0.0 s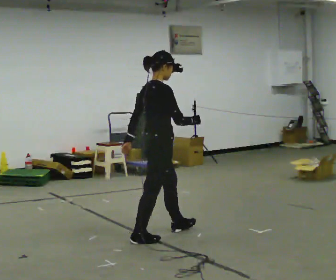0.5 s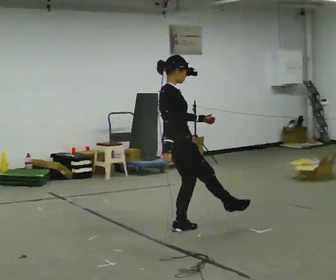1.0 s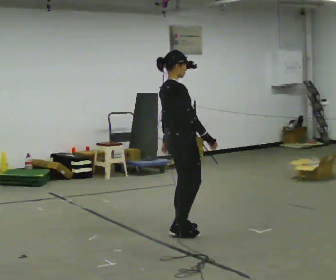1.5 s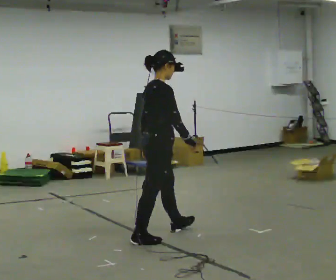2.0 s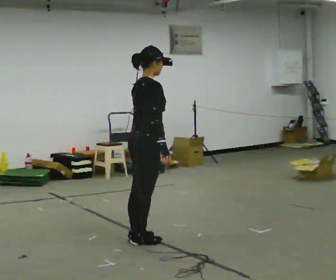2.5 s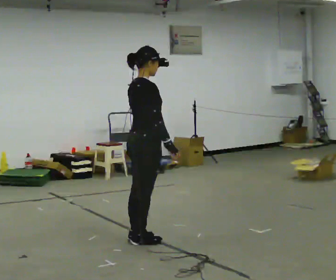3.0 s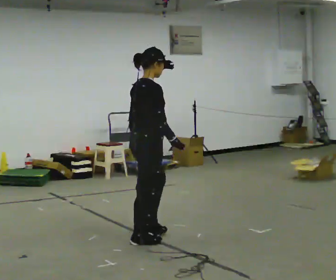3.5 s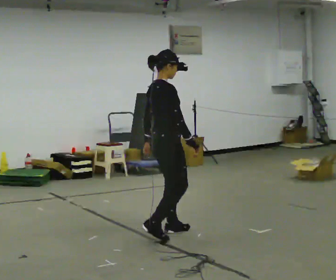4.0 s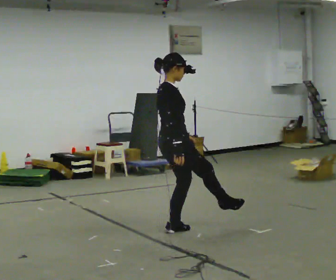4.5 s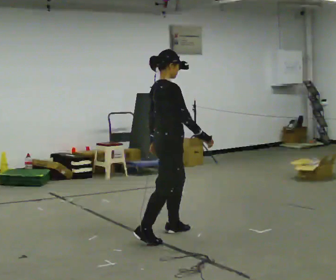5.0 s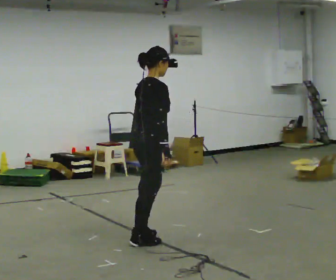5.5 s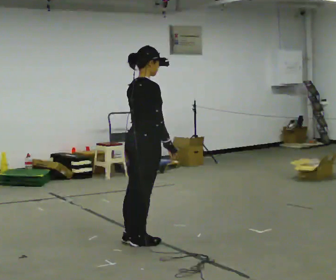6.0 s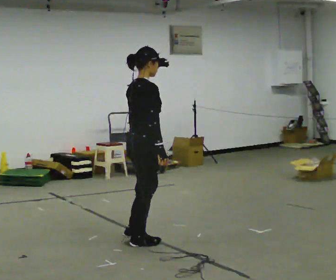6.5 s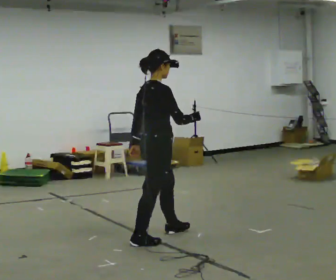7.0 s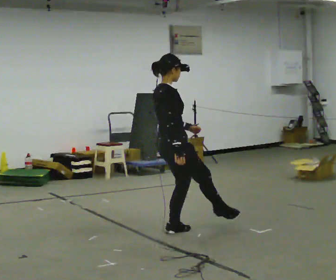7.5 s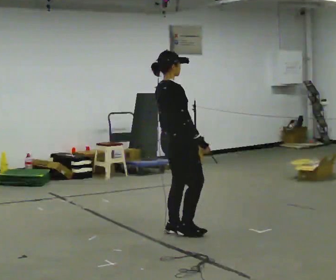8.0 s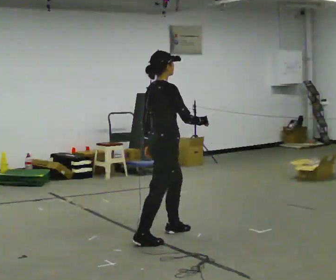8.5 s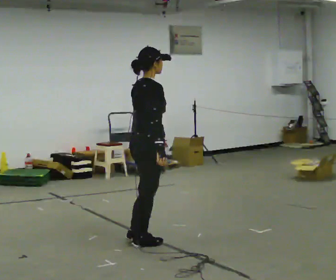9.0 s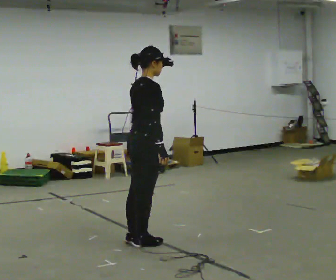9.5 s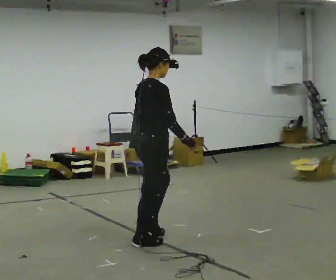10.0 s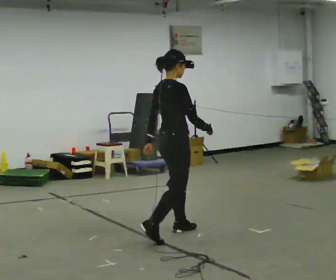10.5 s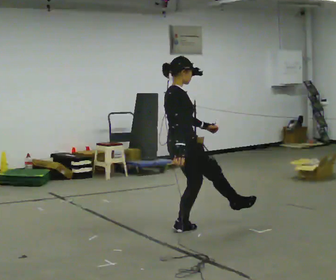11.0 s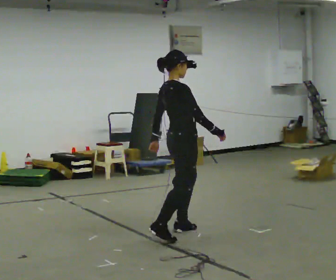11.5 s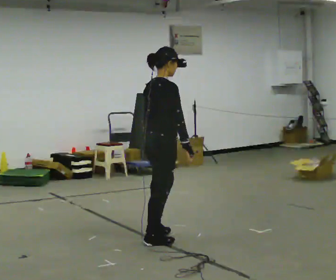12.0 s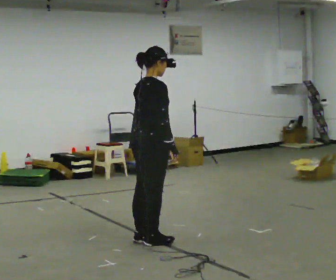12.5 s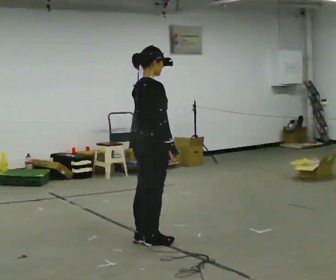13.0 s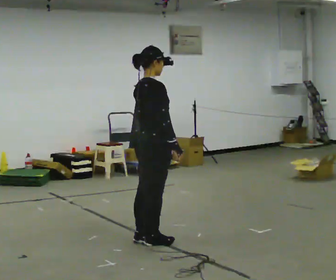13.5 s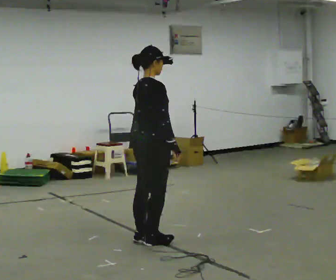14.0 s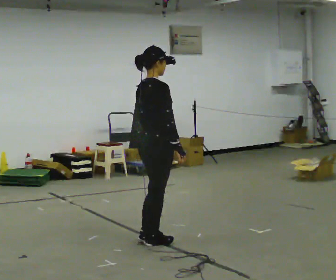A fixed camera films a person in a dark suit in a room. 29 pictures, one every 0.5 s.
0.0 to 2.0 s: In the picture they go toward the camera, about 0.25 m in 1 step, which for them is backward.
2.0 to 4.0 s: In the picture they go away from the camera and to the right, about 0.5 m in 1 step, which for them is forward and to their left.
4.0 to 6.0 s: In the picture they go toward the camera and to the left, about 0.5 m in 1 step, which for them is backward and to their right.
6.0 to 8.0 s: The person moves a little, or ends about where they began.
8.0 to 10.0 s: In the picture they go away from the camera, about 0.25 m in 2 steps, which for them is forward.
10.0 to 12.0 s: In the picture they go toward the camera and to the left, about 0.25 m in 1 step, which for them is backward and to their right.
12.0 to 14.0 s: The person moves a little, or ends about where they began.
The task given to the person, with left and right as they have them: Mime kicking a football with no ball: plant one foot and swing the other through. Repeat the movement at your own pace until the operator says stop; do not rush.
The film runs forward here.
